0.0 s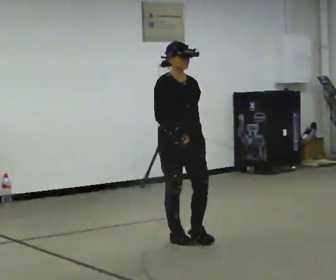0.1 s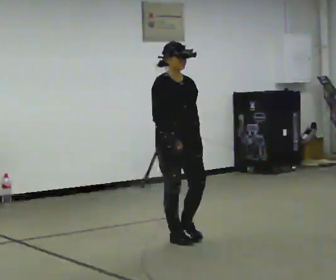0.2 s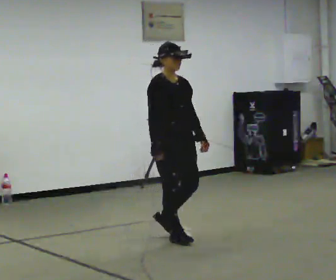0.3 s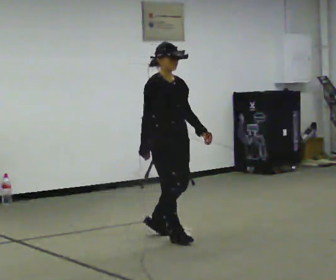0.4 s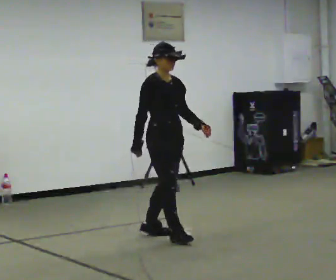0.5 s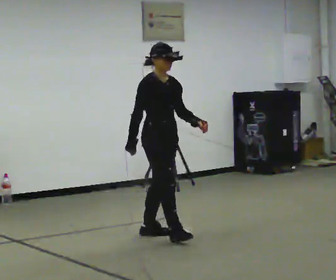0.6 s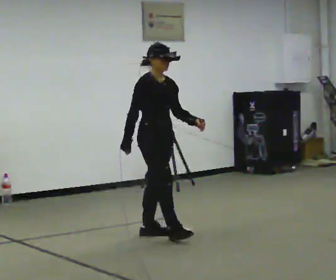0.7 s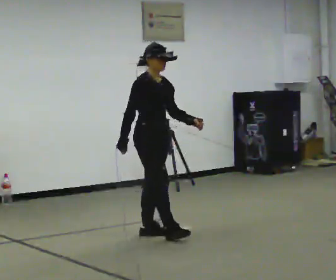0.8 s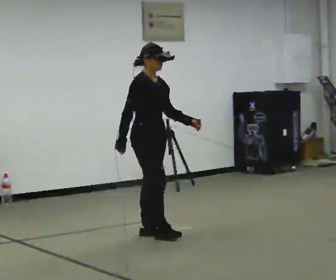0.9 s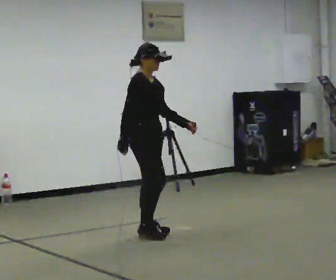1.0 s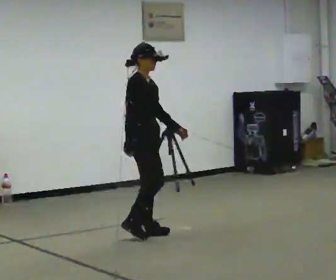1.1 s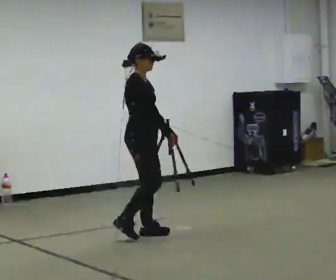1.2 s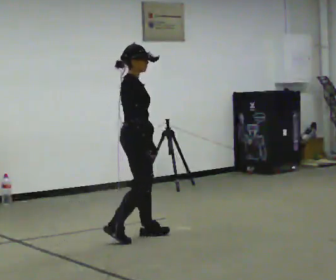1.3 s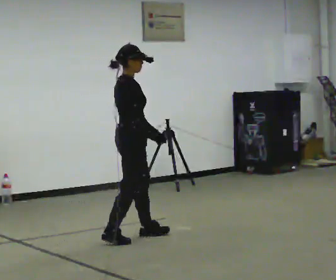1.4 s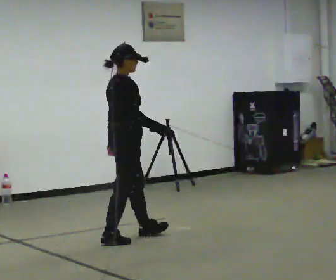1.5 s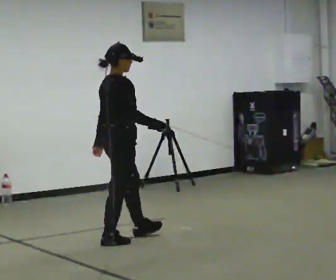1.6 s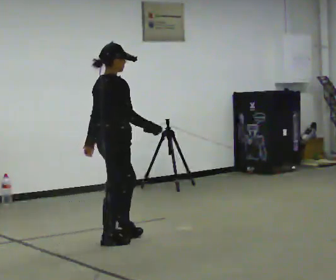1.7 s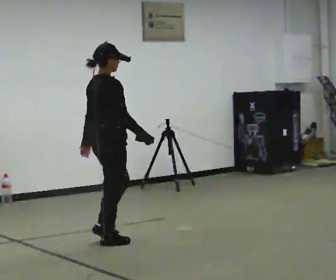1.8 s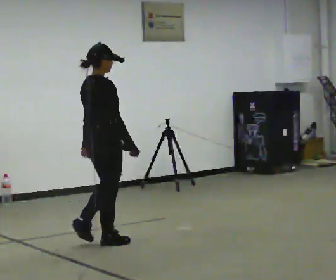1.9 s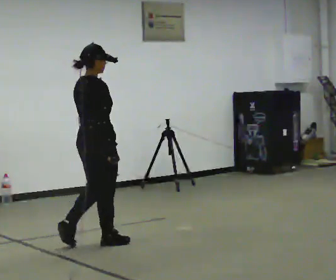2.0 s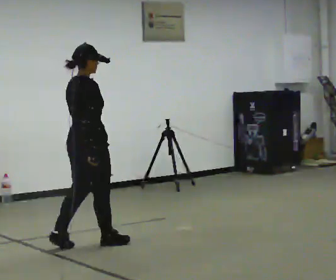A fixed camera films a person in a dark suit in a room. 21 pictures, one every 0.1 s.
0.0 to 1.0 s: Seen from above the body turns counterclockwise, about 45 degrees: to their left, with its near side sliding to the right. In the picture they go to the left and away from the camera, about 0.5 m in 1 step, which for them is backward.
1.0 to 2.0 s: The part of the body nearest the lens slides to the right as the person turns to their left by about 45 degrees. In the picture they go to the left and toward the camera, about 0.5 m in 1 step, which for them is backward and to their right.
The film runs backward here.
